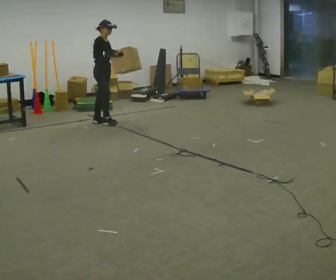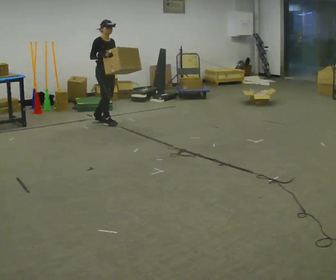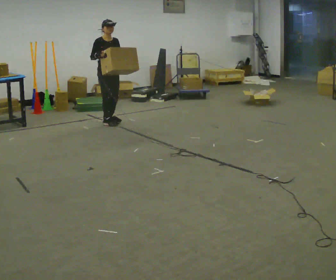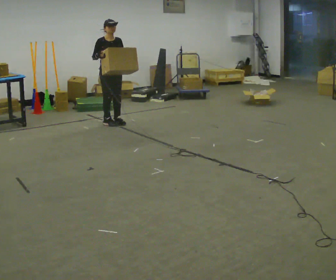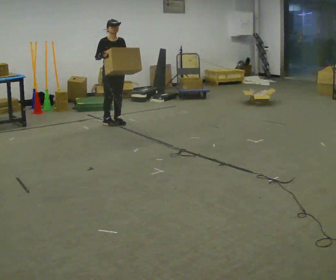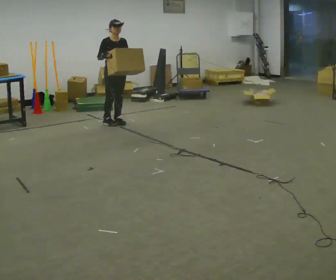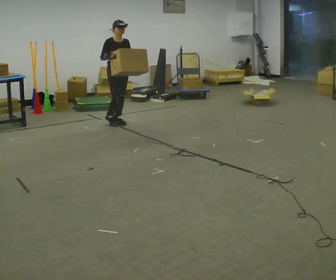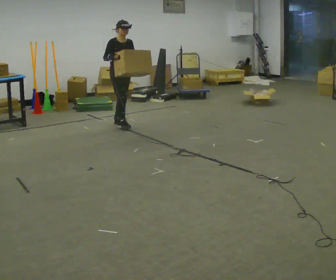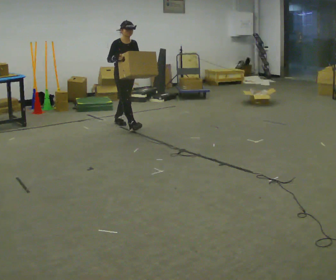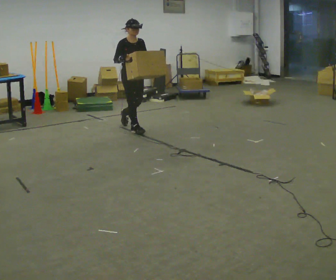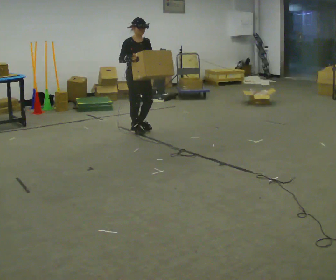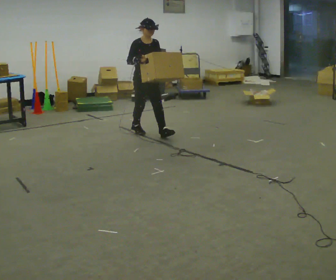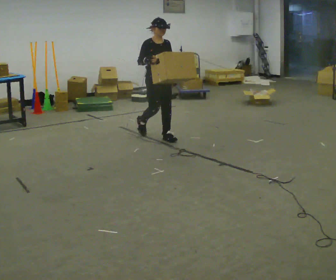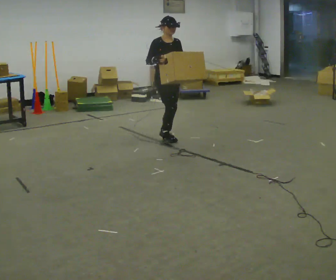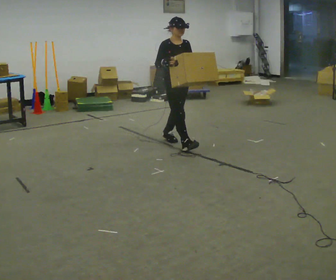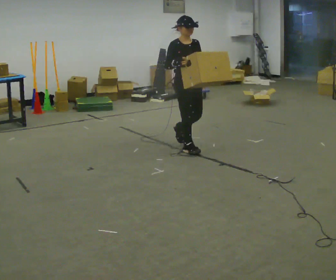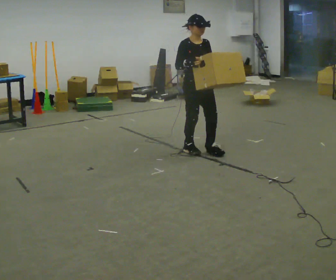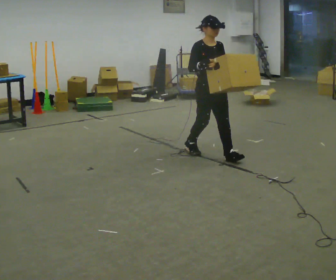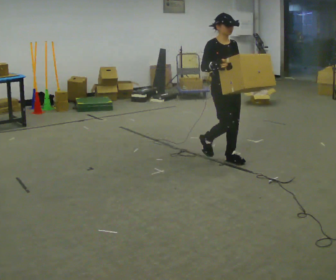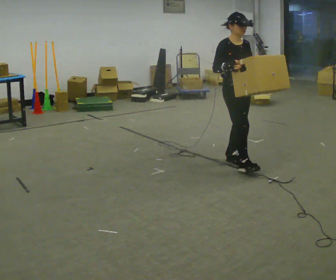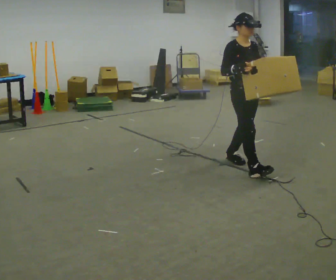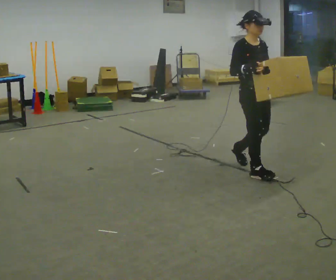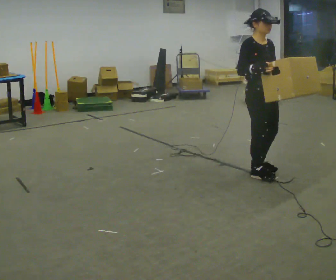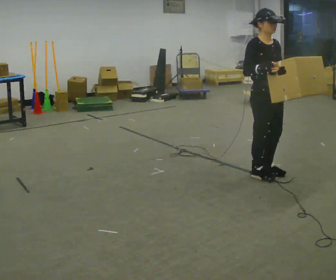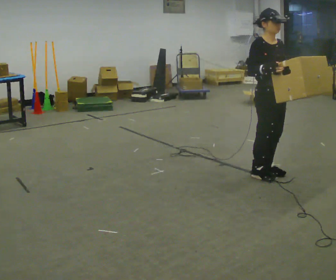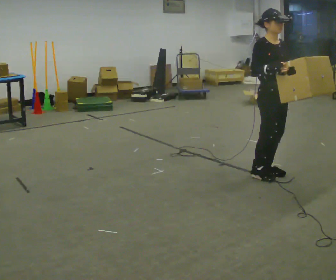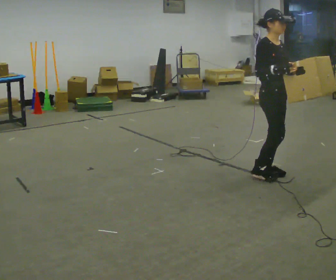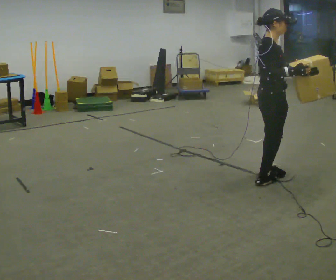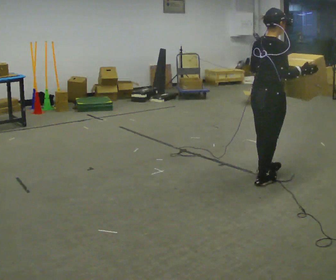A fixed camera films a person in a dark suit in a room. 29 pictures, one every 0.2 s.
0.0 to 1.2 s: Seen from above the body turns clockwise, about 45 degrees: to their right, with its near side sliding to the left. In the picture they go to the right, about 0.25 m in 1 step, which for them is forward and to their left.
1.2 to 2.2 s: In the picture they go toward the camera and to the right, about 0.5 m in 1 step, which for them is forward.
2.2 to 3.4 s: In the picture they go toward the camera and to the right, about 1 m in 2 steps, which for them is forward.
3.4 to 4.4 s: In the picture they go toward the camera and to the right, about 0.5 m in 2 steps, which for them is forward.
4.4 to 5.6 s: Seen from above the body turns counterclockwise, about 75 degrees: to their left, with its near side sliding to the right. In the picture they go toward the camera, about 0.25 m in 2 steps. In the picture their right hand goes to the right.
The film runs forward here.
